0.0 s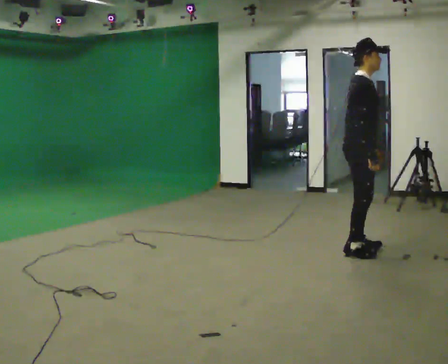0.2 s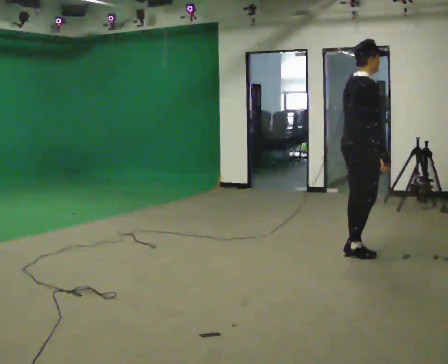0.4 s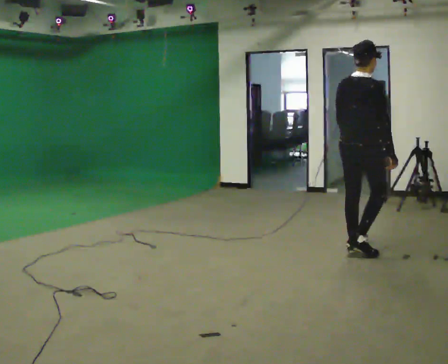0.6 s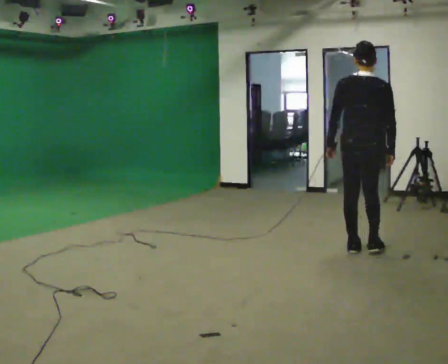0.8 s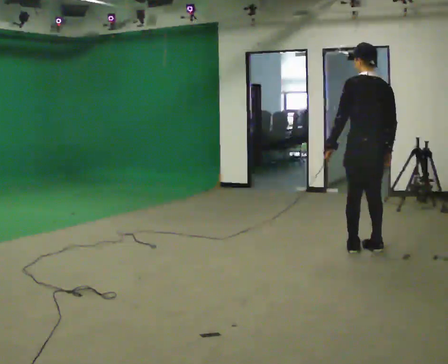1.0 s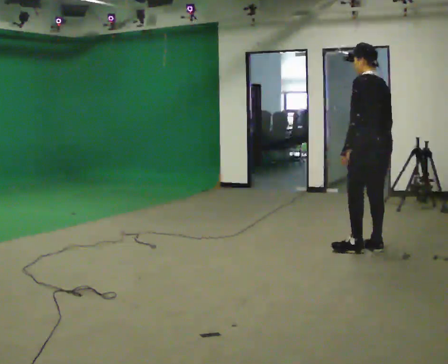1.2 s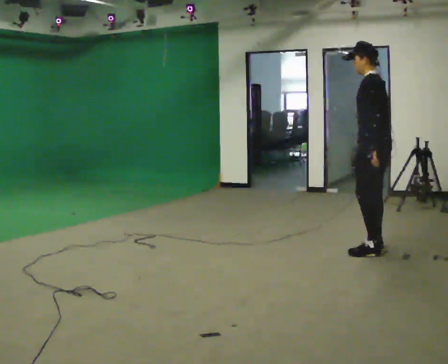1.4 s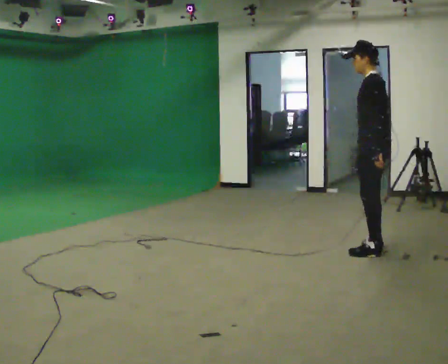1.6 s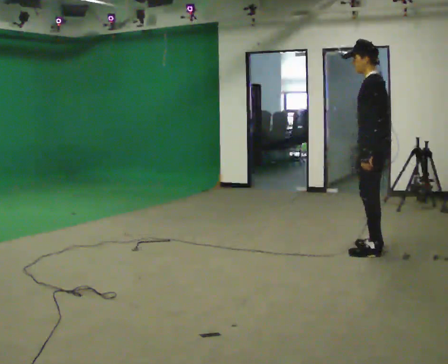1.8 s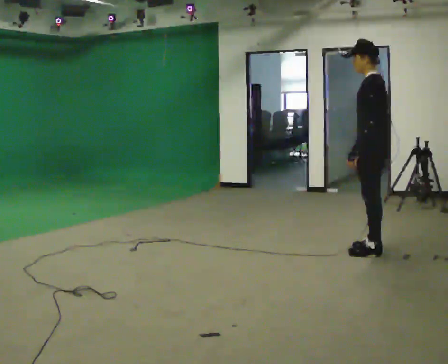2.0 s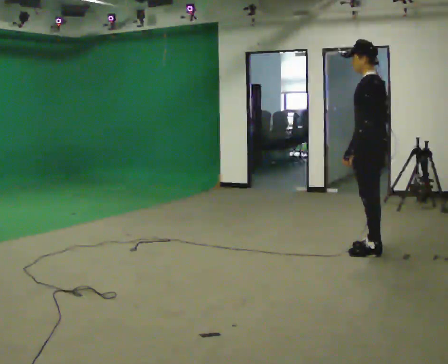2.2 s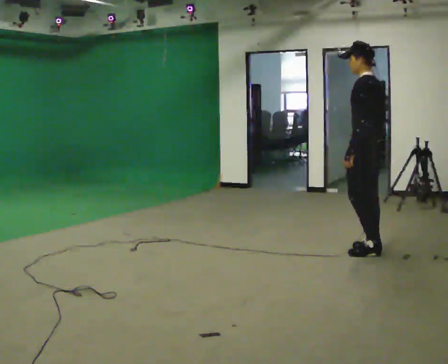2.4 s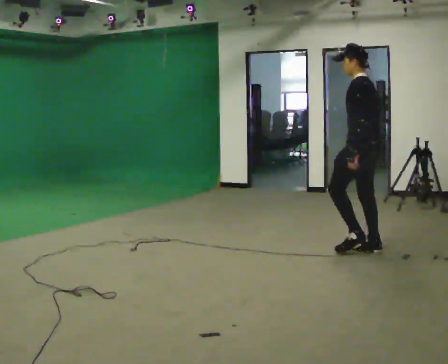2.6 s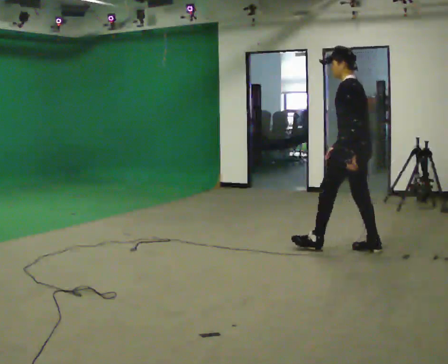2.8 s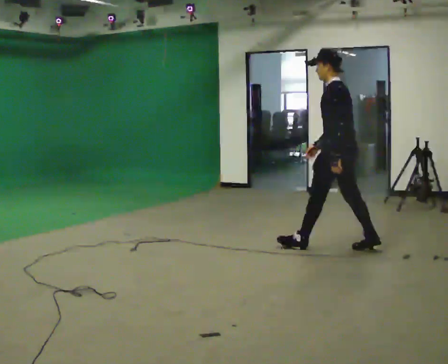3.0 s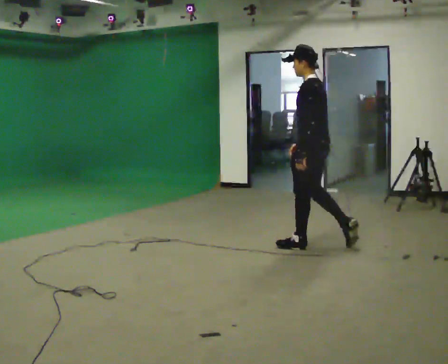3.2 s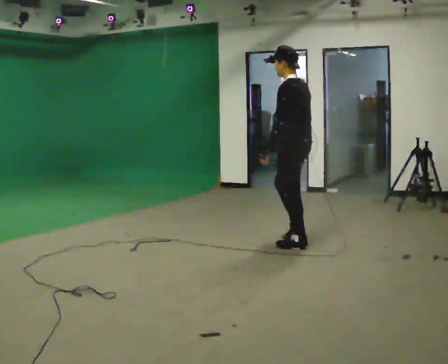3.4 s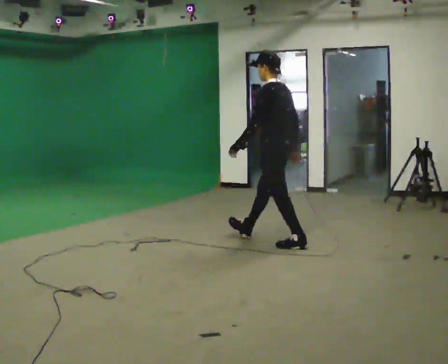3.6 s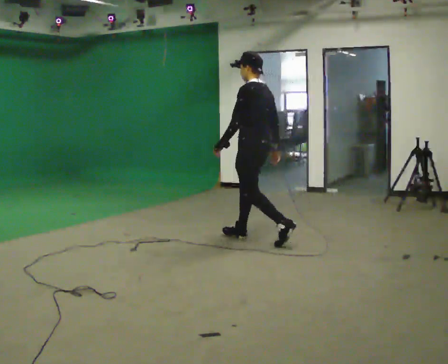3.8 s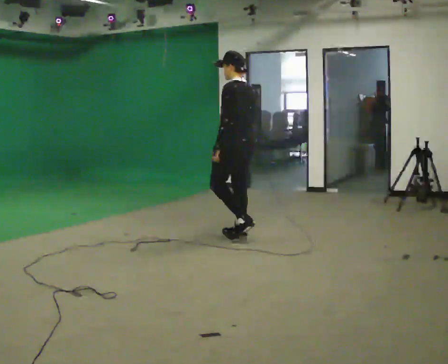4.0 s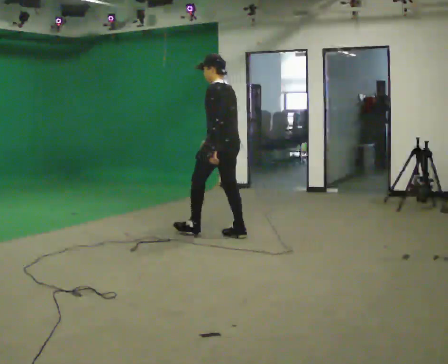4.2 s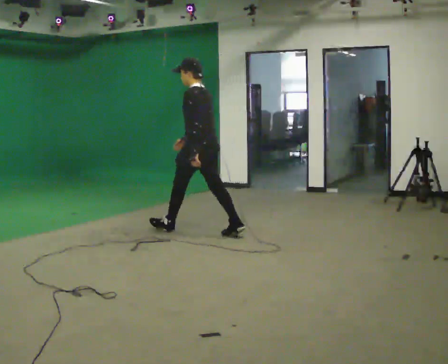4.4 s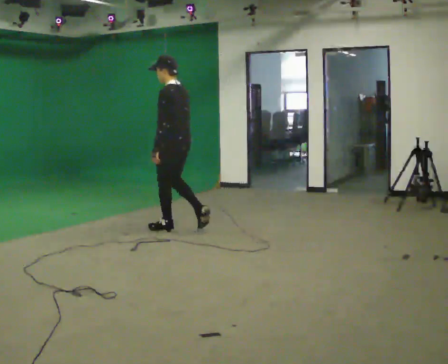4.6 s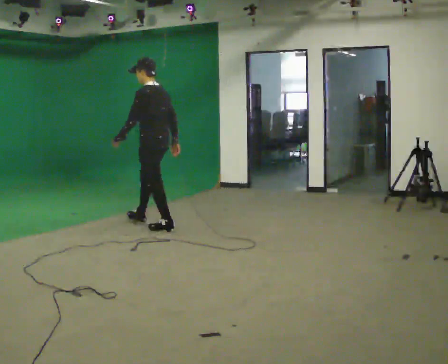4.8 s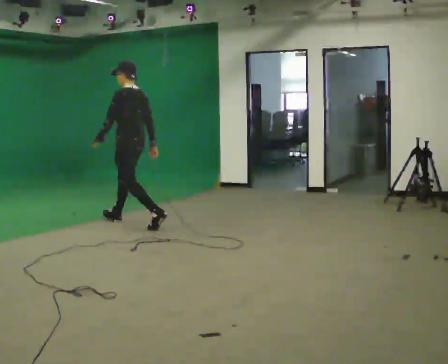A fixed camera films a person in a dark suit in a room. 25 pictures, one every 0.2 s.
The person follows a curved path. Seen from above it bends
counterclockwise.
The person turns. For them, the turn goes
to their left.
0.0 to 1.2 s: Seen from above the body turns counterclockwise, about 165 degrees: to their left, with its near side sliding to the right. In the picture they go to the right, about 0.25 m in 1 step.
1.2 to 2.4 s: The person moves a little, or ends about where they began.
2.4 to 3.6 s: In the picture they go to the left, about 1 m in 2 steps, which for them is forward.
3.6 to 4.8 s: In the picture they go to the left, about 1.5 m in 2 steps, which for them is forward.
The film runs forward here.
